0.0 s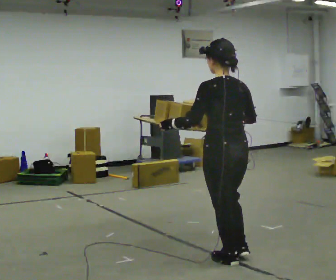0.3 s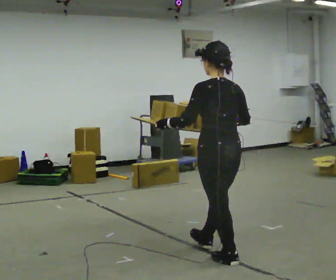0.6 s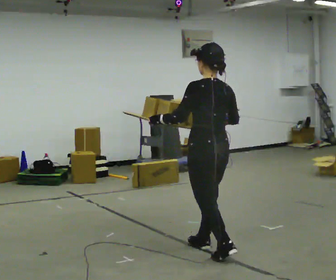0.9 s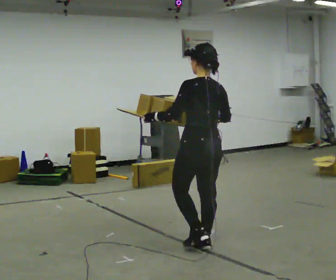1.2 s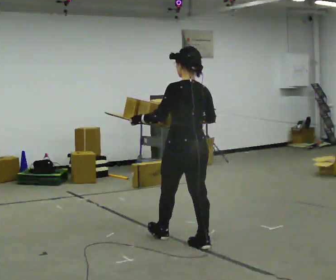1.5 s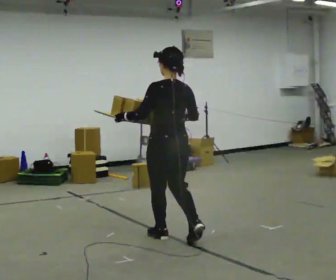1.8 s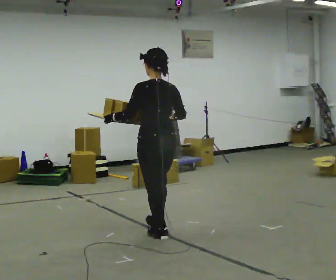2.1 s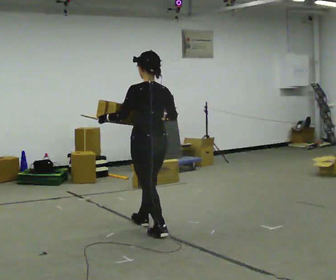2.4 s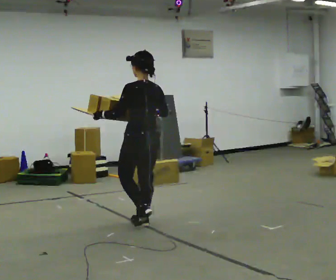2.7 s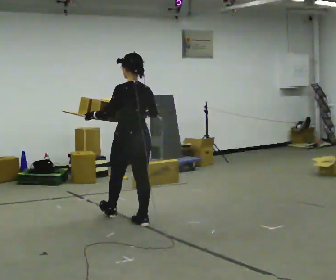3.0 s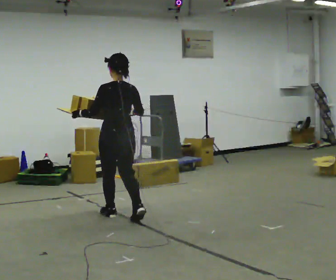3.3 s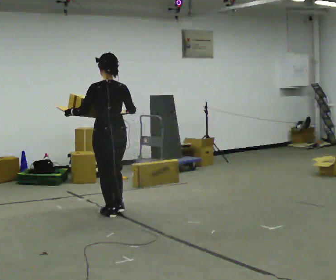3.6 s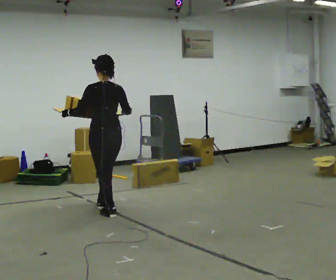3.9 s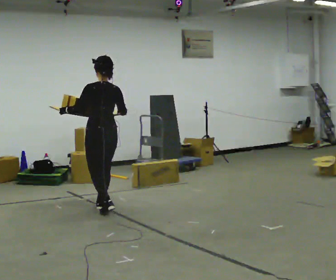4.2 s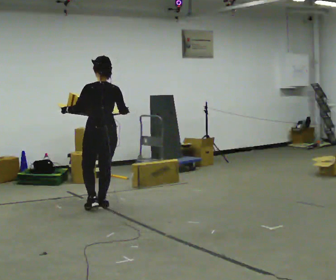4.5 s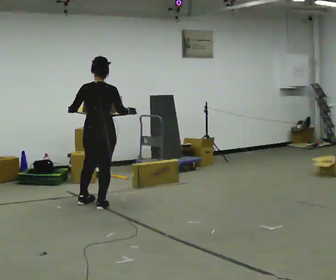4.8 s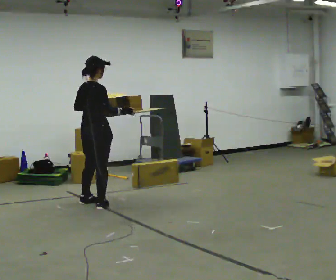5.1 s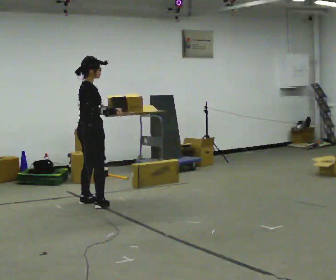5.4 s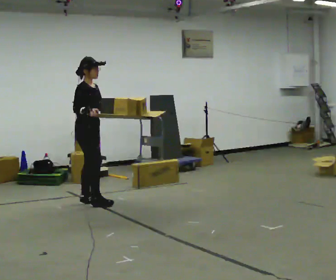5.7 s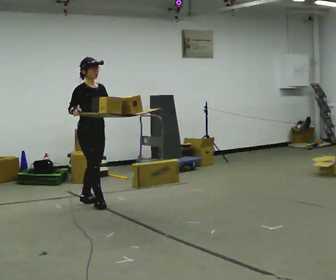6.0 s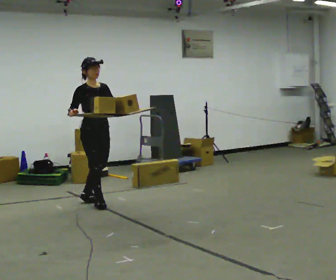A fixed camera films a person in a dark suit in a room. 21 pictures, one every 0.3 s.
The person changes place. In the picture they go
away from the camera.
0.0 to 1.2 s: In the picture they go away from the camera and to the left, about 0.5 m in 2 steps, which for them is forward.
1.2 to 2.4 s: In the picture they go away from the camera and to the left, about 0.5 m in 1 step, which for them is forward.
2.4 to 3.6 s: In the picture they go away from the camera and to the left, about 0.5 m in 2 steps, which for them is forward.
3.6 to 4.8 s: Seen from above the body turns clockwise, about 75 degrees: to their right, with its near side sliding to the left. In the picture they go away from the camera and to the left, about 0.5 m in 1 step.
4.8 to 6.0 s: The person turns about 90 degrees to their right, clockwise seen from above, so the part of the body nearest the lens slides to the left. In the picture their left hand goes to the right.
The film runs forward here.
